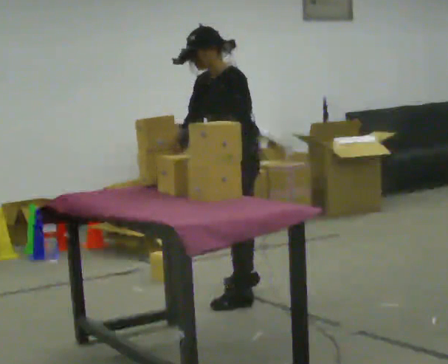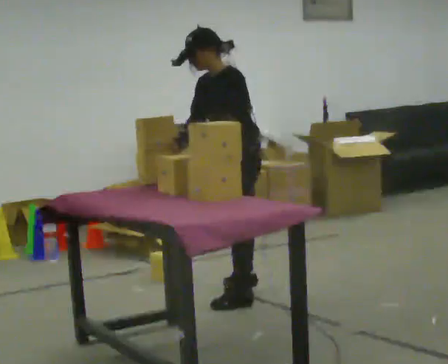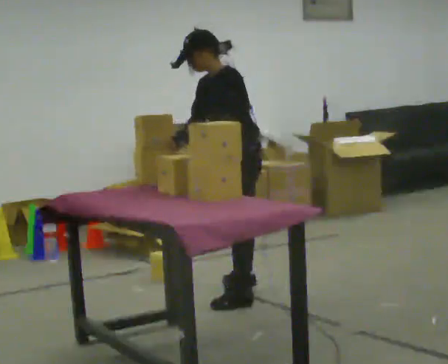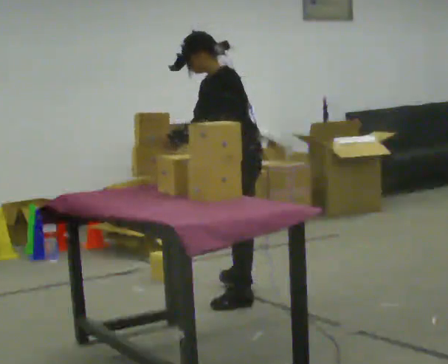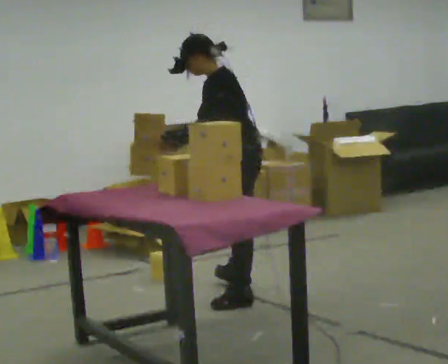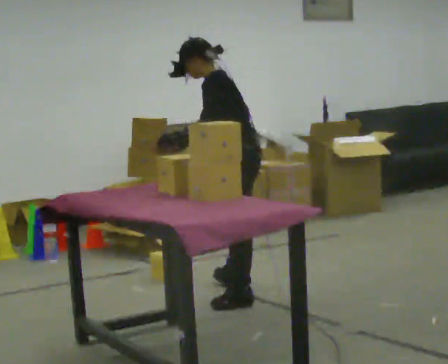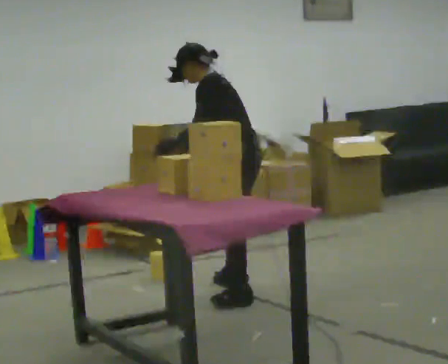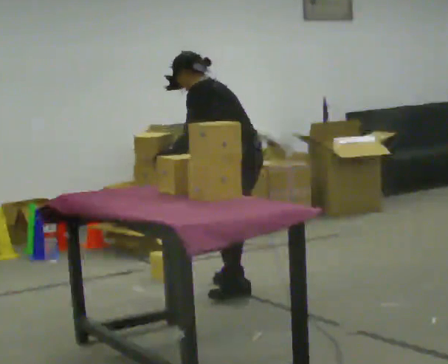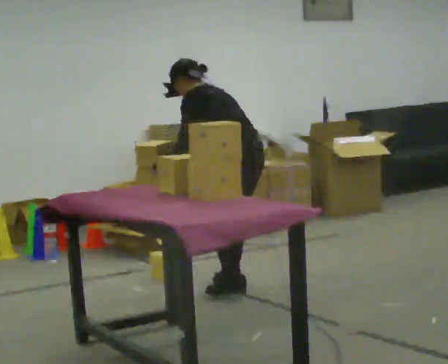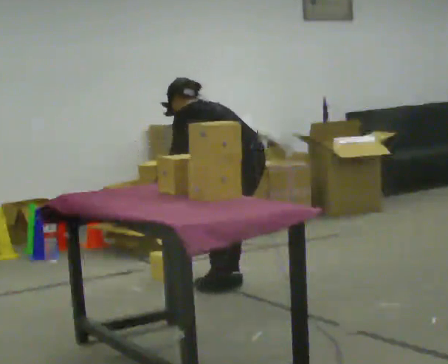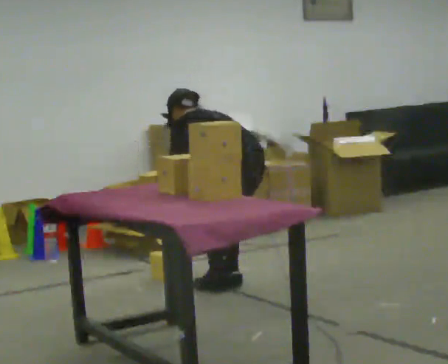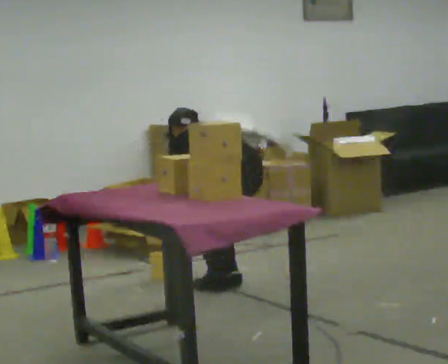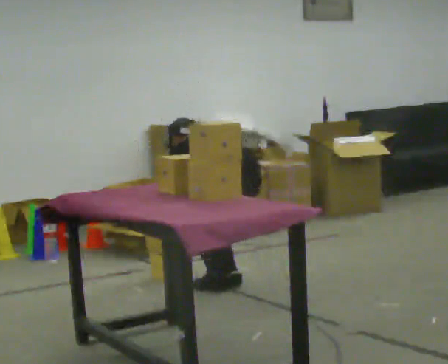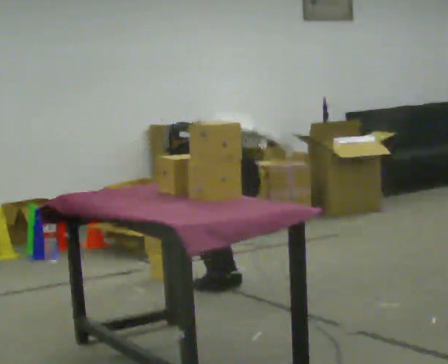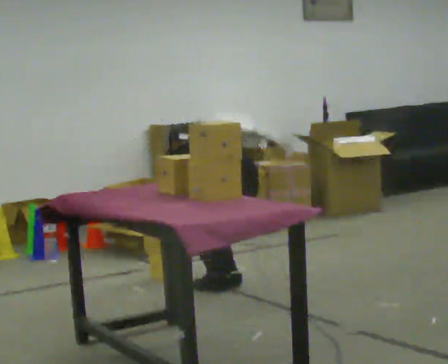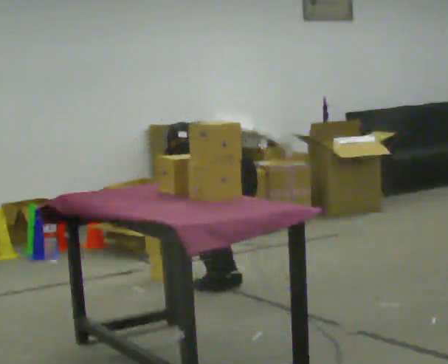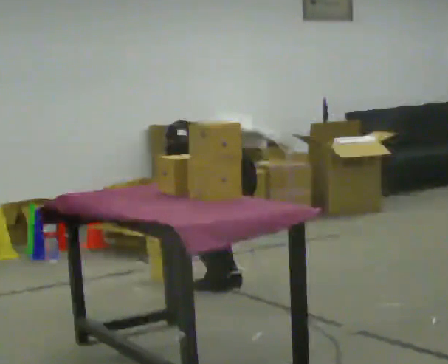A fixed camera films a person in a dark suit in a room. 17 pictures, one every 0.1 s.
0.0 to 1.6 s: Seen from above the body turns clockwise, about 60 degrees: to their right, with its near side sliding to the left. In the picture they go away from the camera, about 0.25 m in 1 step. The shoulders move downward. The upper body tips away from the camera, its near side rolling upward, as they bend forward. In the picture their left hand goes downward.
The film runs forward here.
